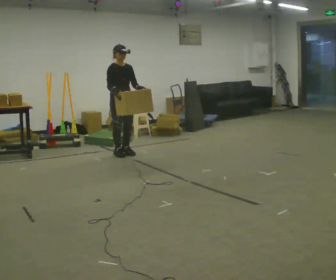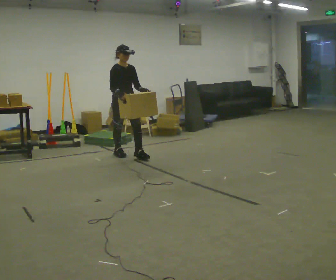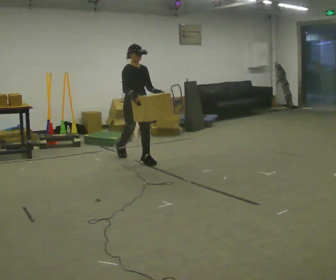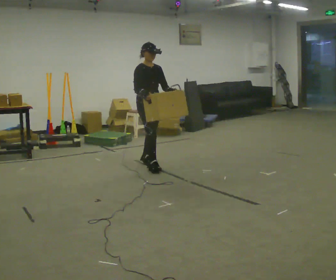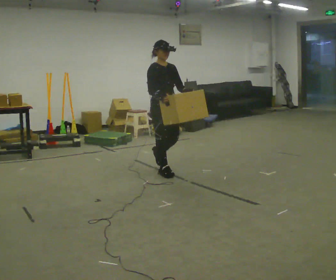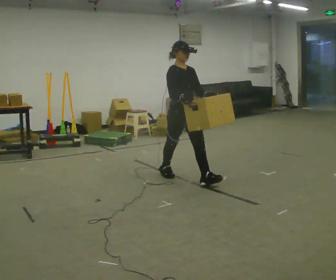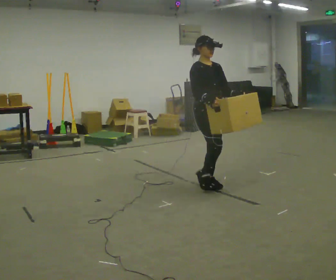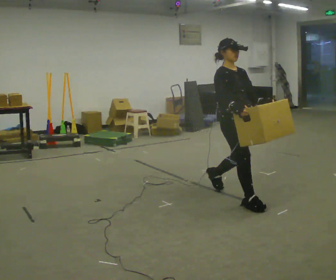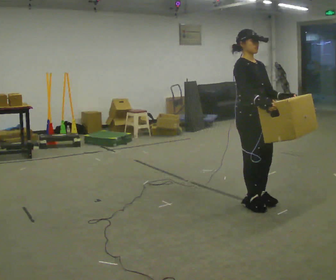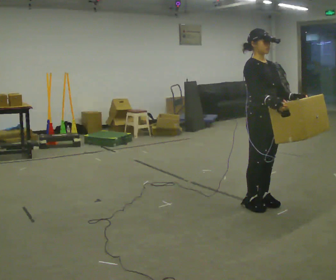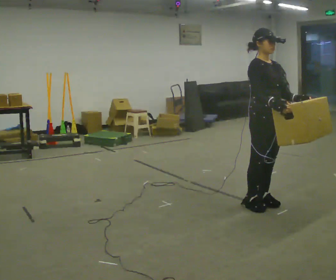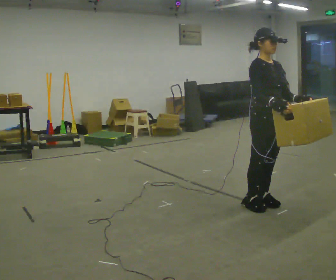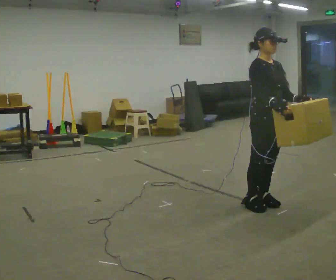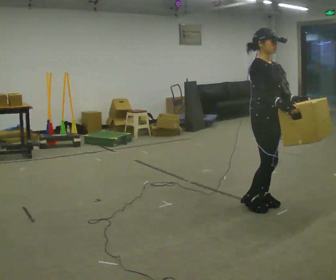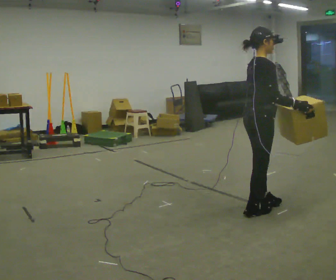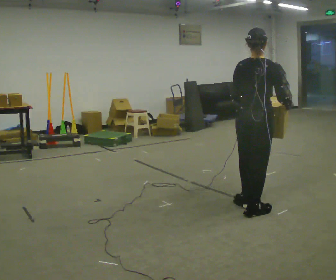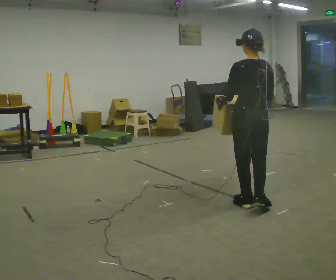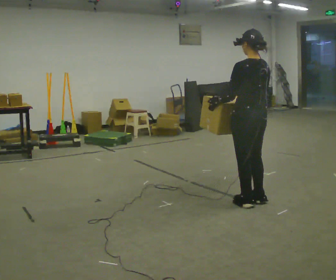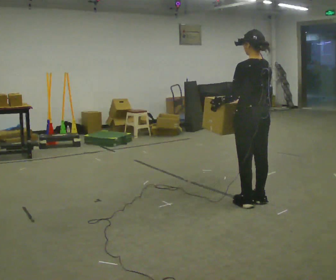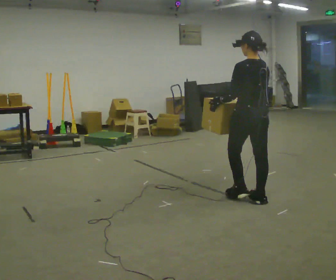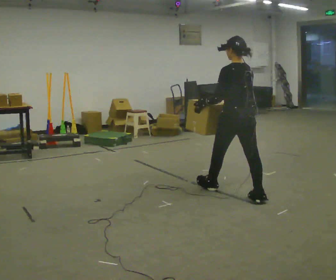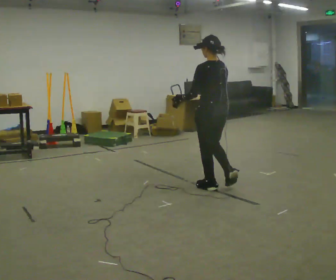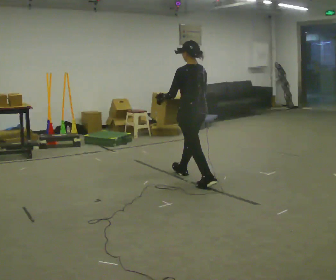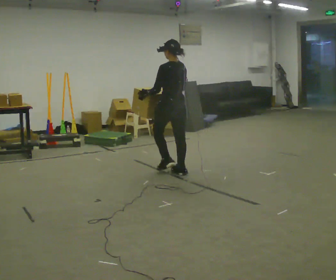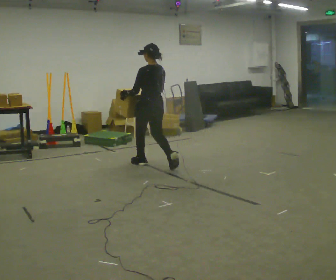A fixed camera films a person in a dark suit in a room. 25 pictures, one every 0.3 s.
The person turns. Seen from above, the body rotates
counterclockwise.
Their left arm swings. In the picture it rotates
clockwise.
0.0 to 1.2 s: In the picture they go to the right and toward the camera, about 1 m in 2 steps, which for them is forward.
1.2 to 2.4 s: In the picture they go to the right and toward the camera, about 1.5 m in 2 steps, which for them is forward.
2.4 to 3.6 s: The person moves a little, or ends about where they began.
3.6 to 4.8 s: The part of the body nearest the lens slides to the right as the person turns to their left by about 150 degrees. In the picture they go to the left, about 0.25 m in 1 step.
4.8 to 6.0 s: In the picture they go away from the camera, about 0.25 m in 1 step, which for them is forward.
6.0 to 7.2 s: In the picture they go to the left and away from the camera, about 1.5 m in 3 steps, which for them is forward.
The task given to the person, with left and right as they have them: Carry the box across the room as briskly as you comfortably can, back and forth. Do not run.
The film runs forward here.
